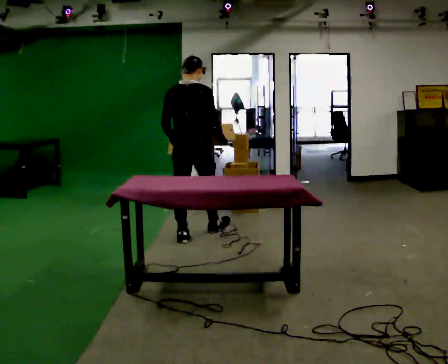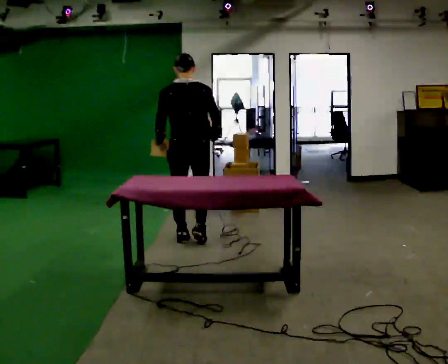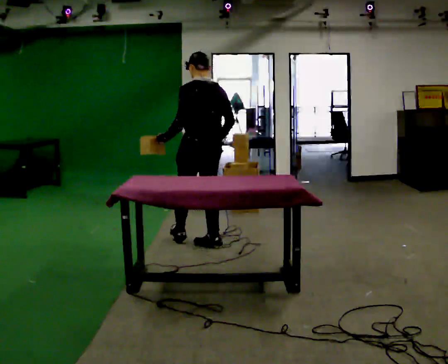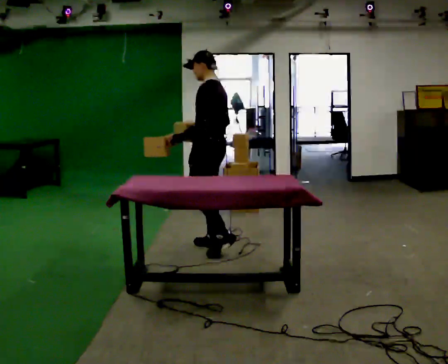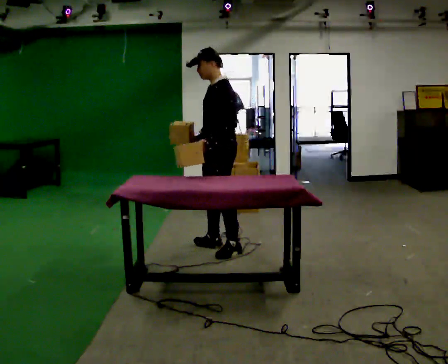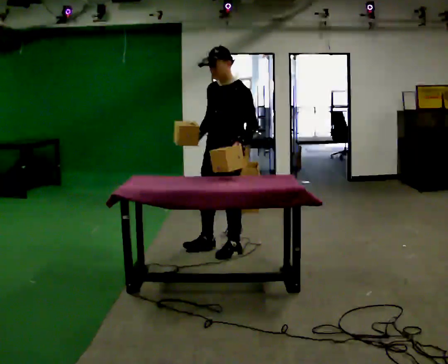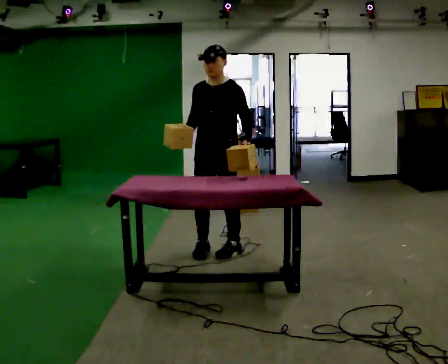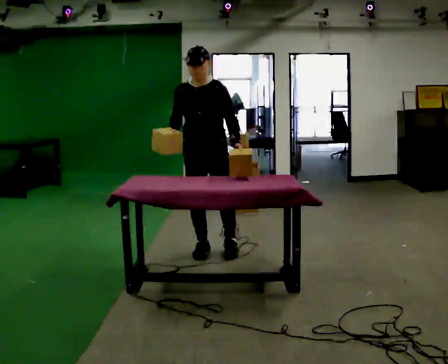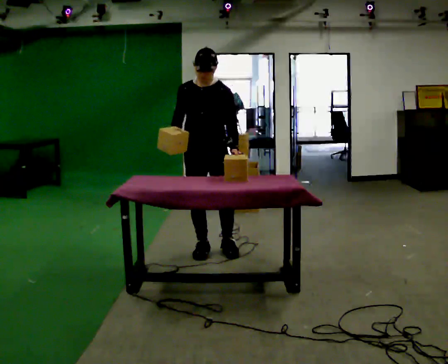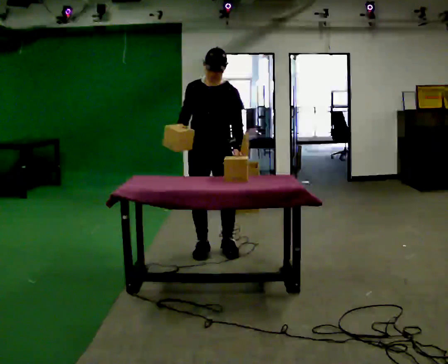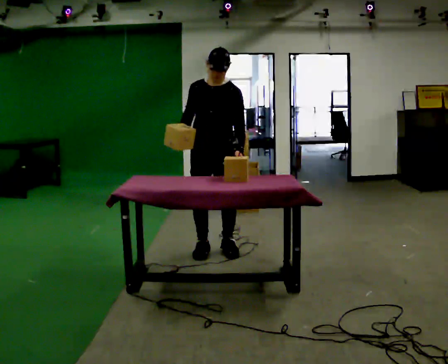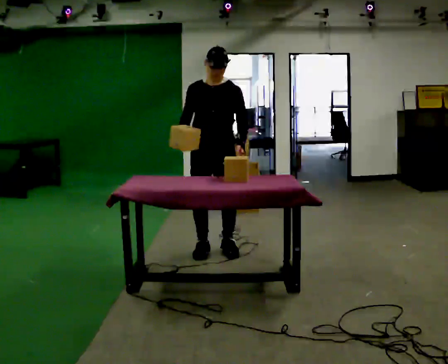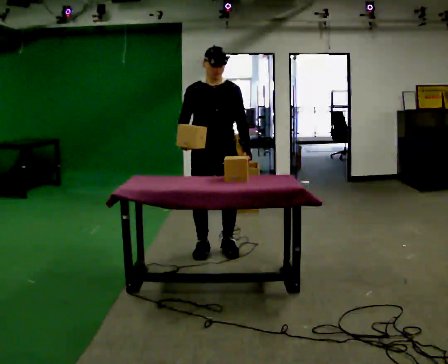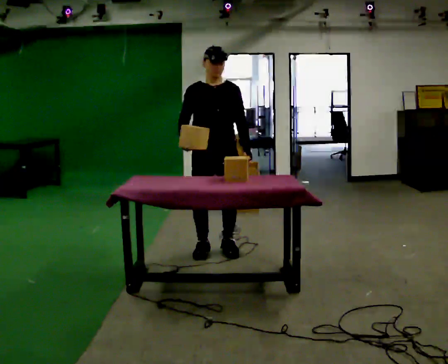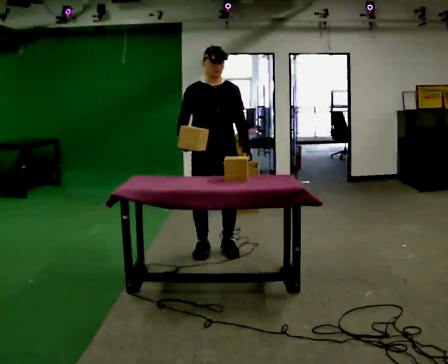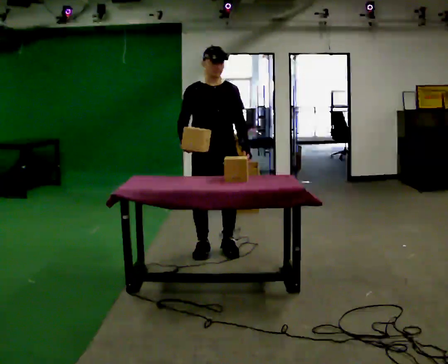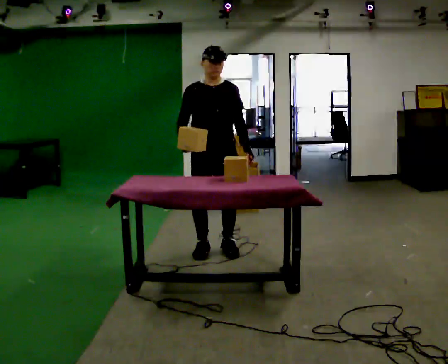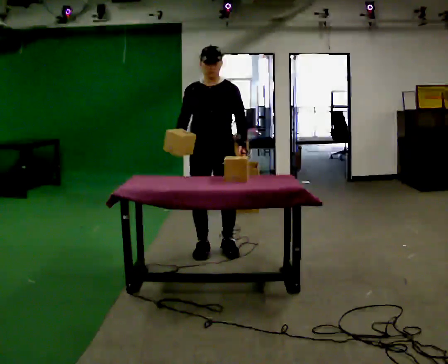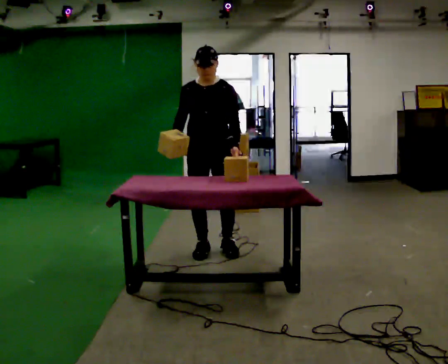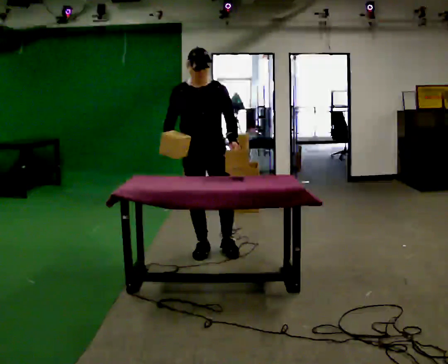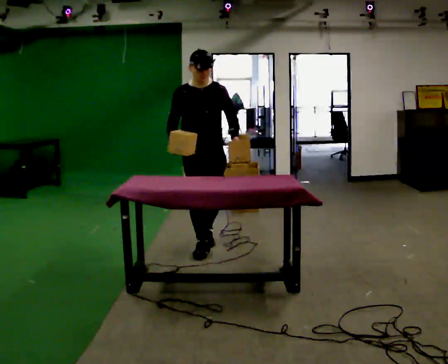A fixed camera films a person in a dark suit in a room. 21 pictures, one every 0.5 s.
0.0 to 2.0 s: Seen from above the body turns counterclockwise, about 120 degrees: to their left, with its near side sliding to the right. In the picture they go toward the camera and to the right, about 0.5 m in 2 steps.
2.0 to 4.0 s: The person turns about 75 degrees to their left, counterclockwise seen from above, so the part of the body nearest the lens slides to the right.
4.0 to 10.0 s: Seen from above the body turns counterclockwise, about 30 degrees: to their left, with its near side sliding to the right.
The film runs backward here.
